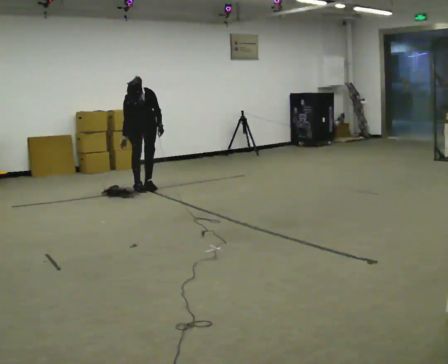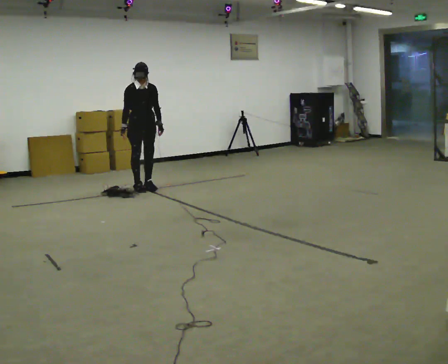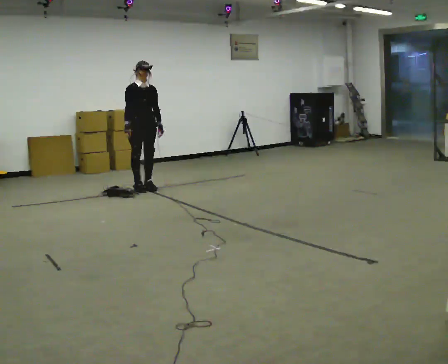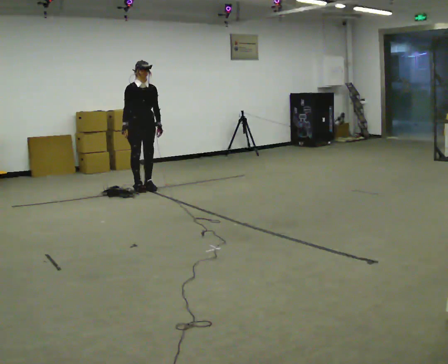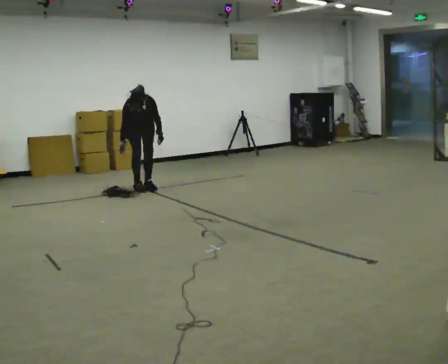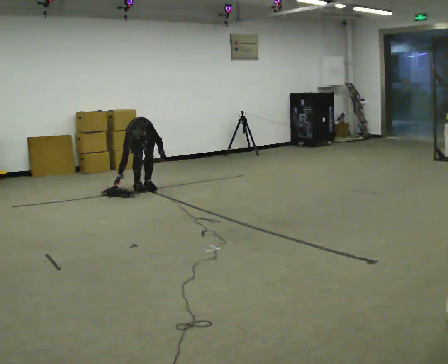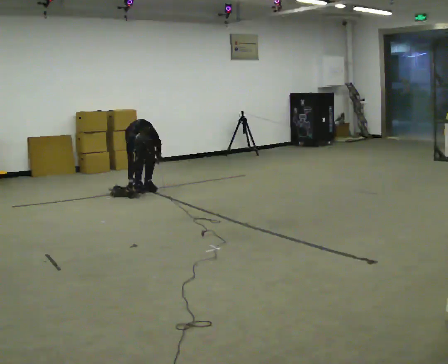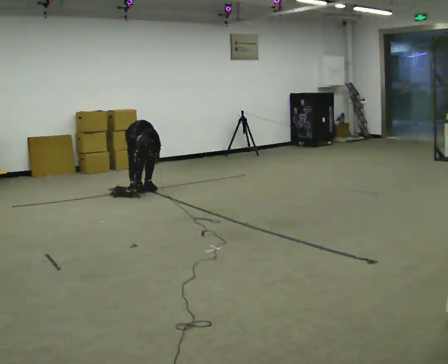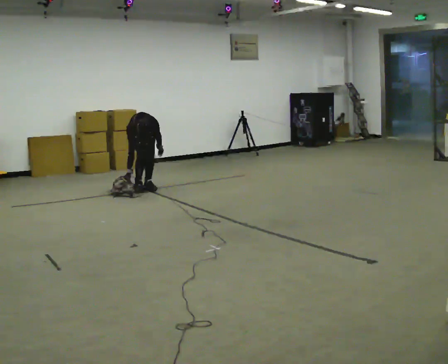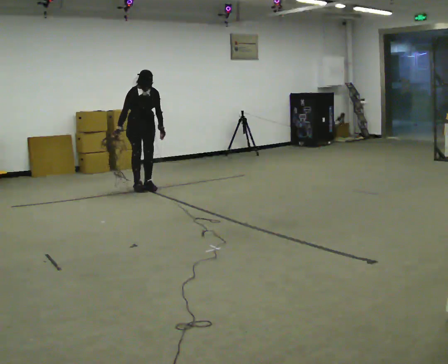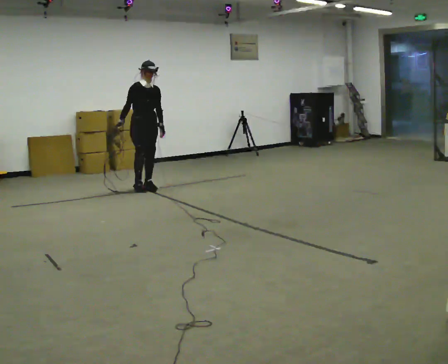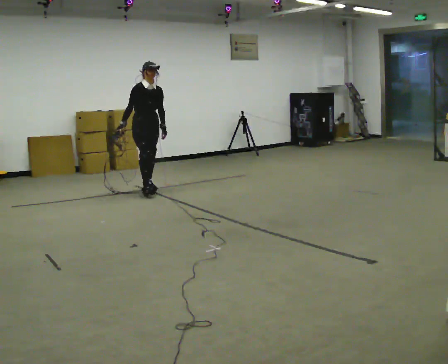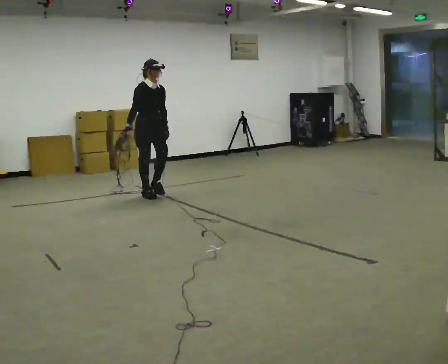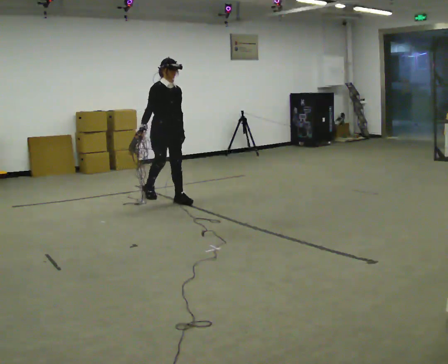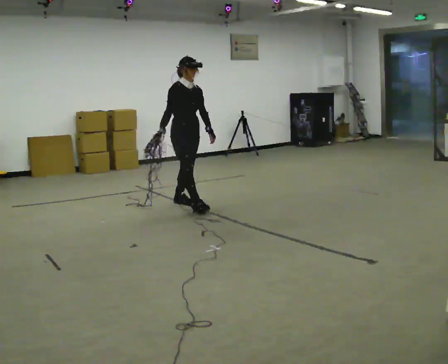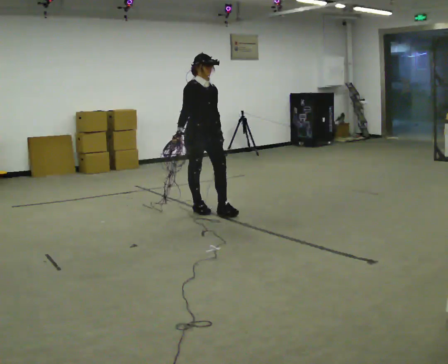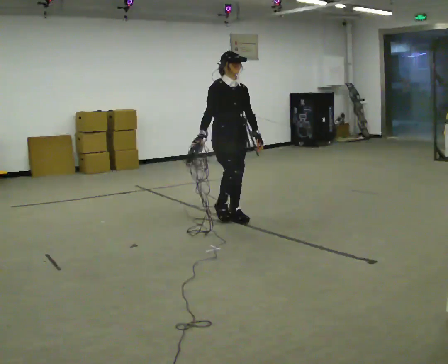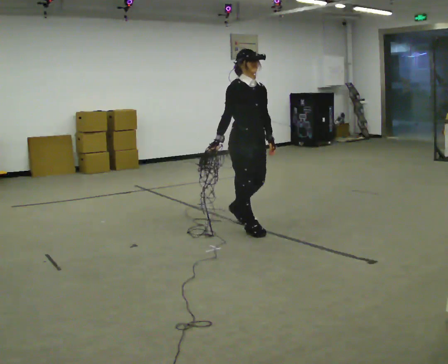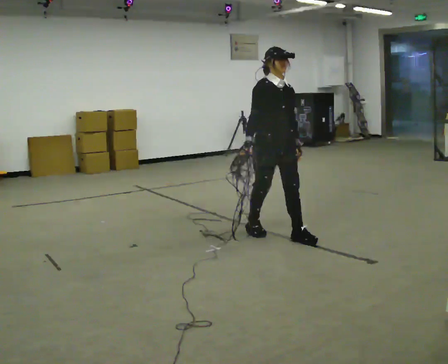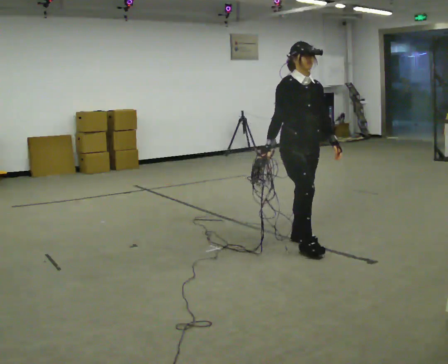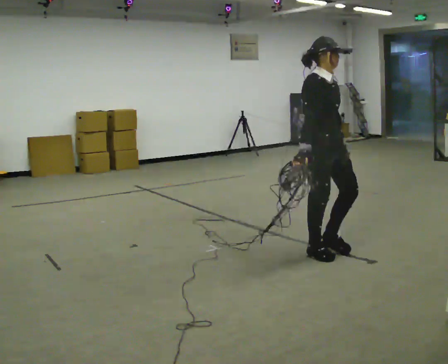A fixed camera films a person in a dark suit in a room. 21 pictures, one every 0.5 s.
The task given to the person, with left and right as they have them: Pick up the coiled hose, carry it across the room, and set it down. It will move around as you walk. Keep going until the operator says stop; one object at a time, and do not rush between trips.
0.0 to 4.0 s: The person moves a little, or ends about where they began.
4.0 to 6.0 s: In the picture they go toward the camera, about 0.5 m in 1 step, which for them is forward. The shoulders move upward. The upper body tips away from the camera, its near side rolling upward, as they lean back or straighten.
6.0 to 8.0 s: In the picture they go toward the camera and to the right, about 1.5 m in 3 steps, which for them is forward.
8.0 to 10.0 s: In the picture they go toward the camera and to the right, about 1.5 m in 3 steps, which for them is forward.
The film runs forward here.
